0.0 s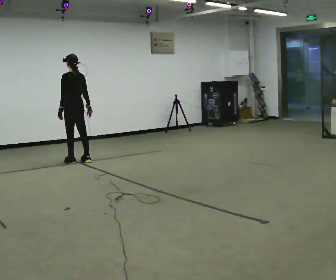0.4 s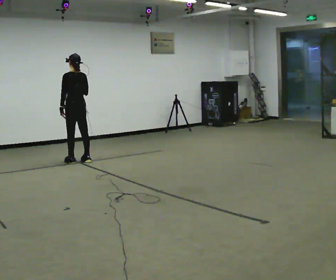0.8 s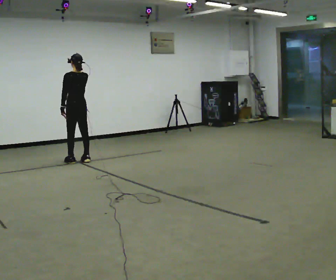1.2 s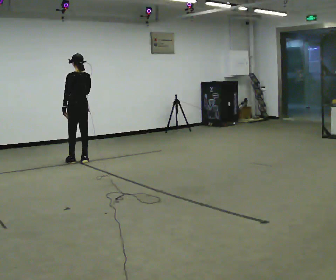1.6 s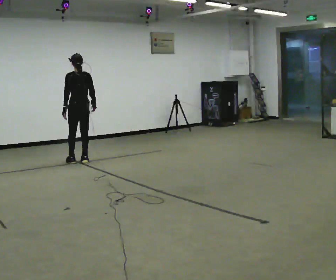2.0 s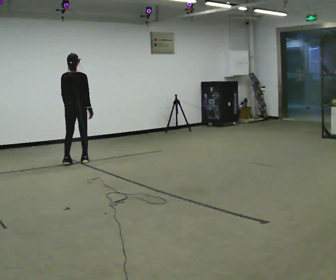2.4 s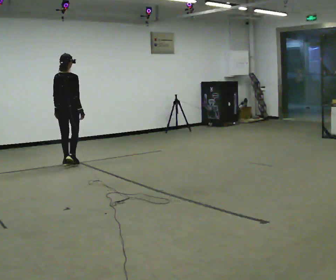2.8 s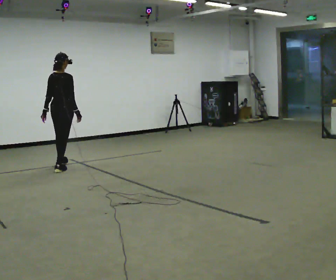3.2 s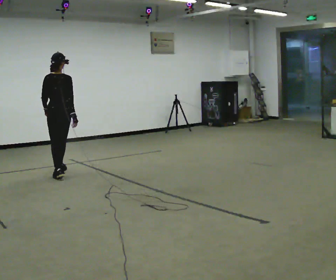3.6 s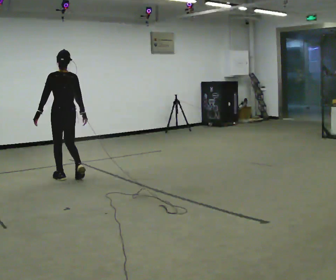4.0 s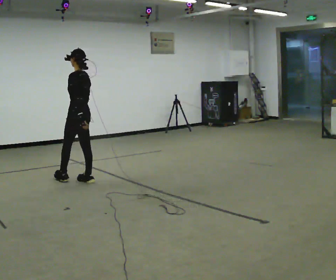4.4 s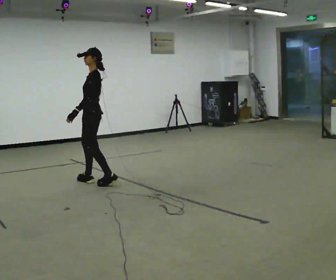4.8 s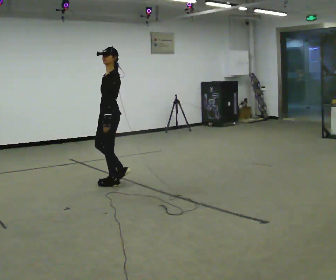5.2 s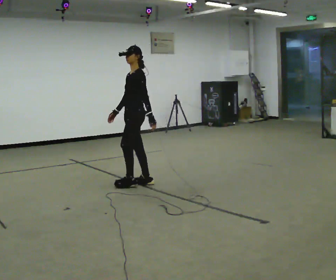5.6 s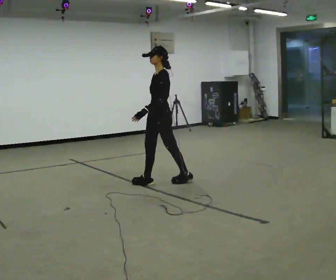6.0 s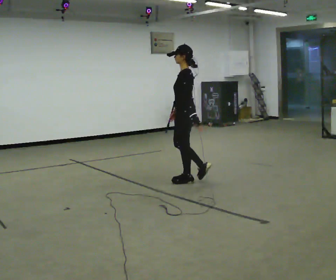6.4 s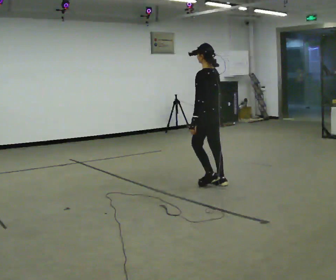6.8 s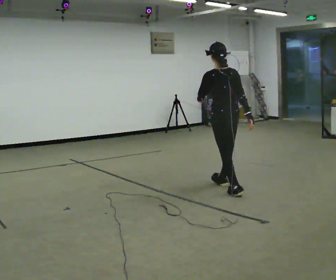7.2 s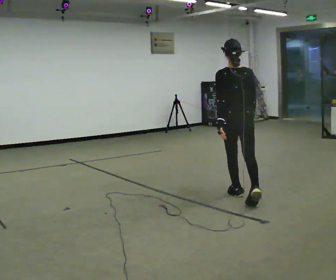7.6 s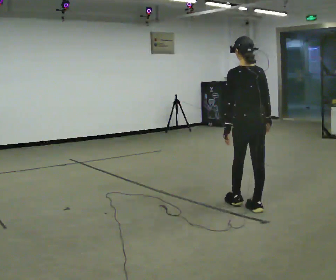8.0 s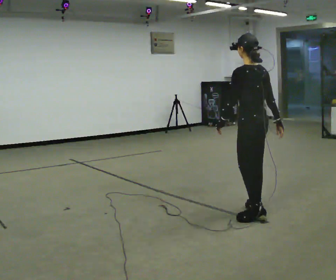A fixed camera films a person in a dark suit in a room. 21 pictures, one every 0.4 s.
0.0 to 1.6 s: The person moves a little, or ends about where they began.
1.6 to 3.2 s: In the picture they go toward the camera, about 1 m in 3 steps, which for them is backward.
3.2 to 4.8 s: The part of the body nearest the lens slides to the right as the person turns to their left by about 90 degrees. In the picture they go toward the camera and to the right, about 1 m in 3 steps.
4.8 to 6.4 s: The person turns about 45 degrees to their right, clockwise seen from above, so the part of the body nearest the lens slides to the left. In the picture they go to the right, about 1 m in 3 steps, which for them is backward.
6.4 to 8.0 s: In the picture they go toward the camera, about 1 m in 2 steps.
The film runs backward here.
